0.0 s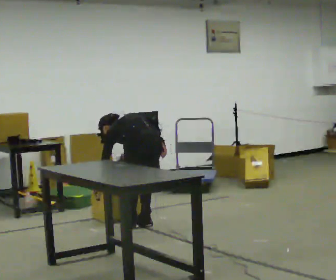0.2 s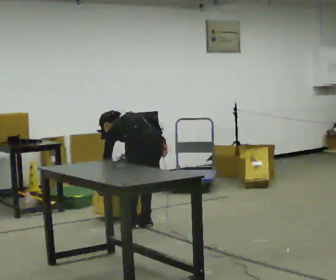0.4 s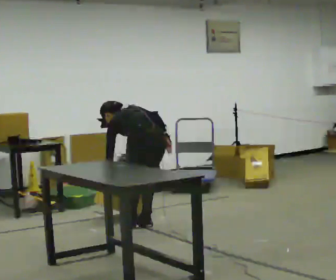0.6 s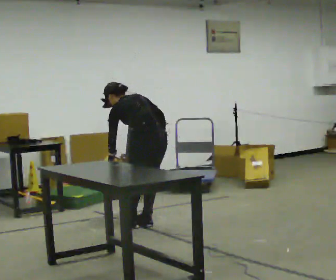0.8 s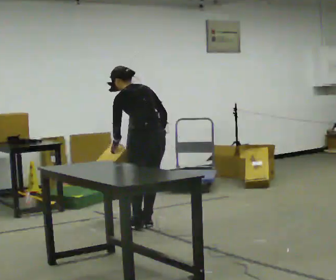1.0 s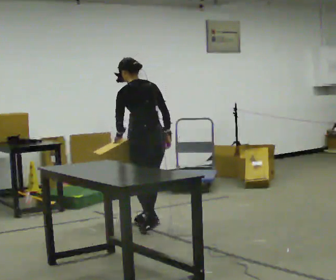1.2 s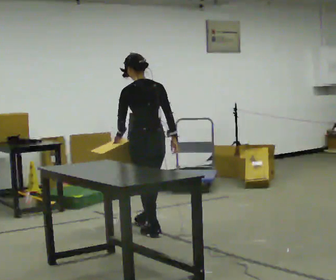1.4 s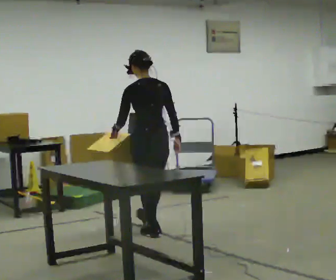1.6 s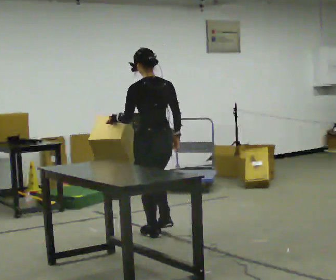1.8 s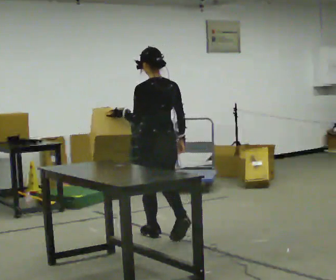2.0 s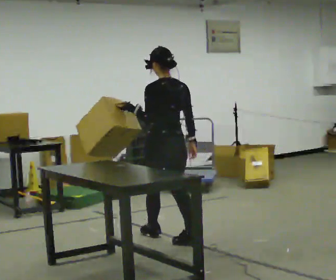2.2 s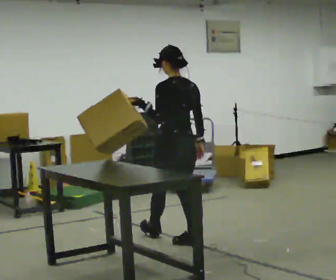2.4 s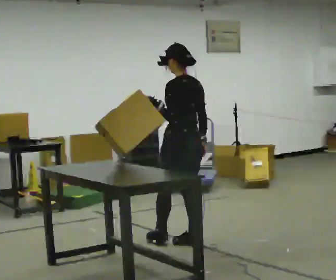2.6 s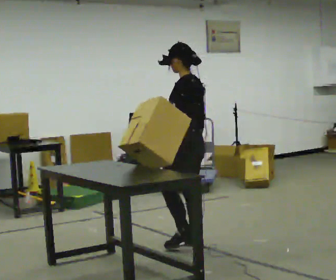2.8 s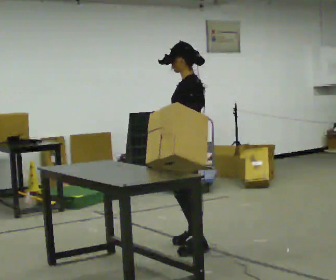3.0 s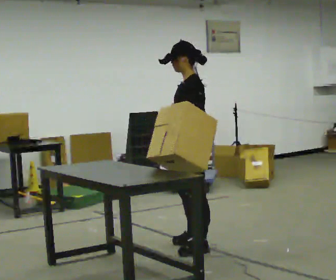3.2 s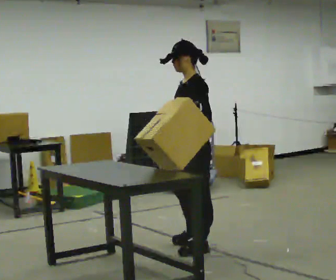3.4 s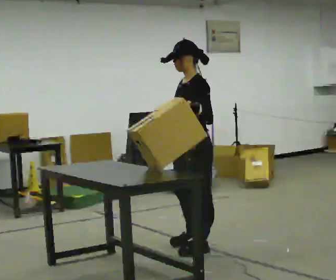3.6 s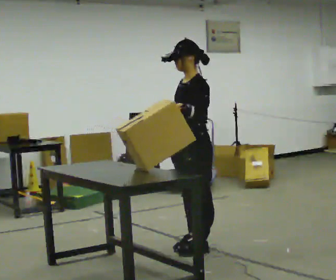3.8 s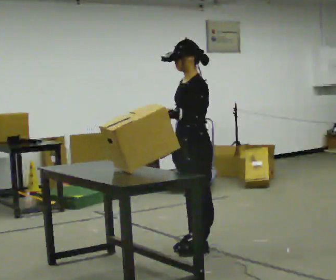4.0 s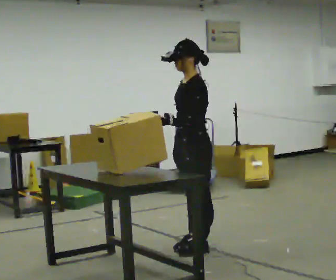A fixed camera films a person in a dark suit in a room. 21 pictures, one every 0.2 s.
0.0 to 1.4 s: In the picture they go toward the camera, about 0.25 m in 2 steps, which for them is backward. The upper body goes upward. The upper body tips toward the camera, its near side rolling downward, as they lean back or straighten.
1.4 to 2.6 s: Seen from above the body turns counterclockwise, about 30 degrees: to their left, with its near side sliding to the right. In the picture they go toward the camera and to the right, about 0.5 m in 1 step, which for them is backward.
2.6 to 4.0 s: Seen from above the body turns counterclockwise, about 45 degrees: to their left, with its near side sliding to the right. In the picture they go toward the camera, about 0.25 m, which for them is to their left.
The film runs backward here.
